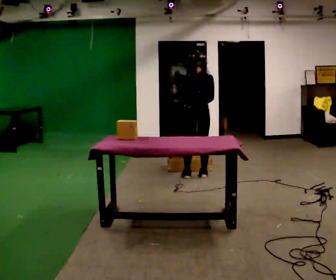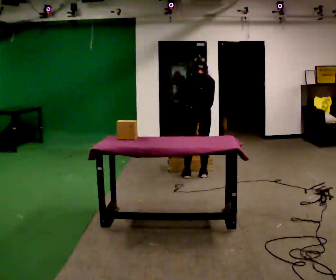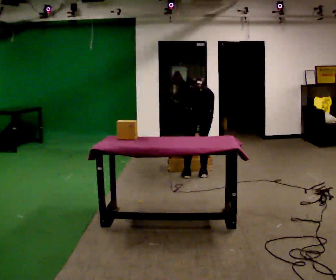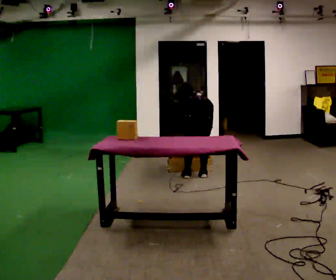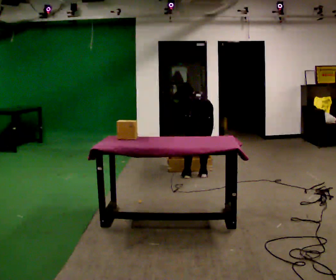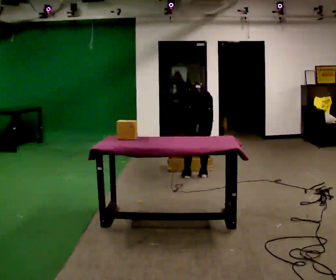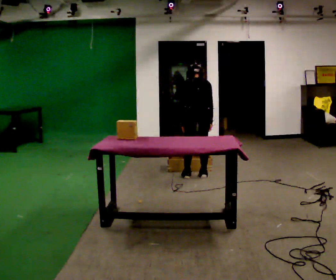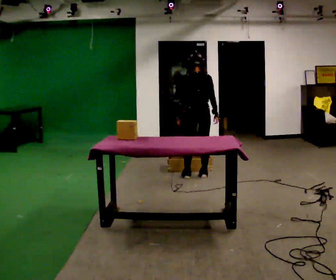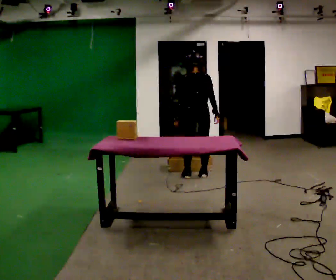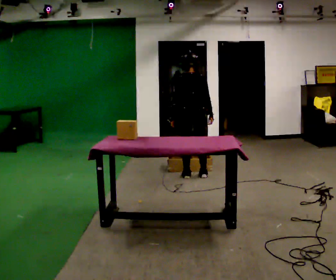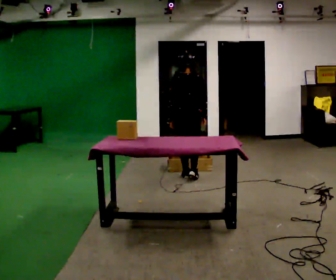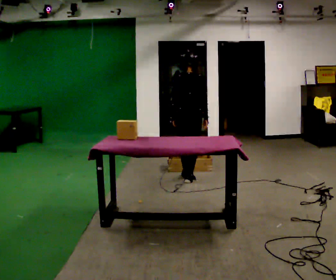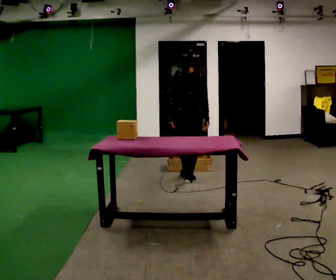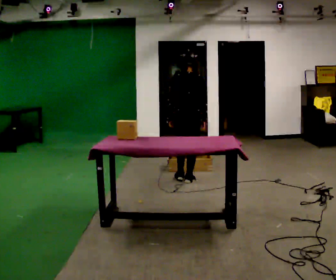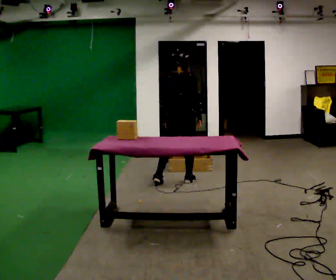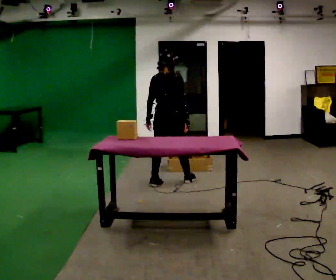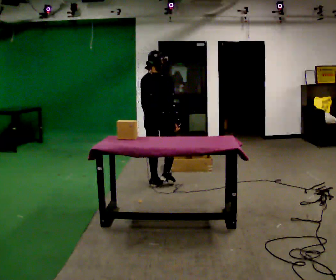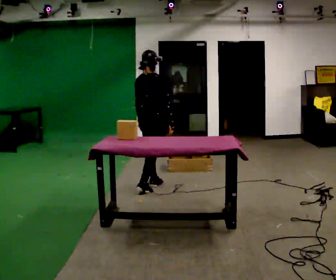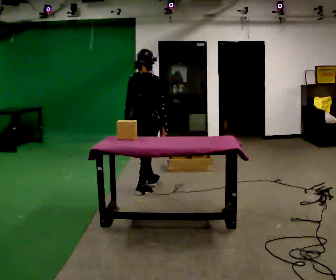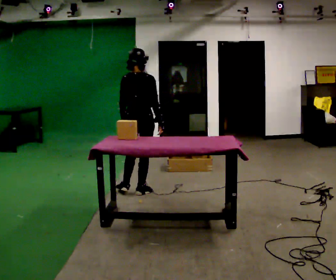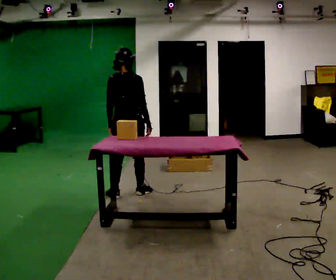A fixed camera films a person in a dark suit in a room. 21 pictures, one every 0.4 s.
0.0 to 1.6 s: The shoulders move downward. The upper body tips away from the camera, its near side rolling upward, as they bend forward. In the picture their right hand goes downward.
1.6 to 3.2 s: The upper body goes upward. The upper body tips toward the camera, its near side rolling downward, as they lean back or straighten. In the picture their right hand goes upward.
3.2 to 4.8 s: In the picture they go toward the camera, about 0.25 m in 1 step, which for them is backward.
4.8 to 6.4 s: In the picture they go to the left and toward the camera, about 0.5 m in 2 steps, which for them is to their left and backward.
6.4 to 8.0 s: In the picture they go toward the camera and to the left, about 0.5 m in 1 step, which for them is backward.
The film runs backward here.
